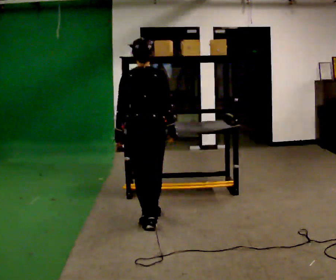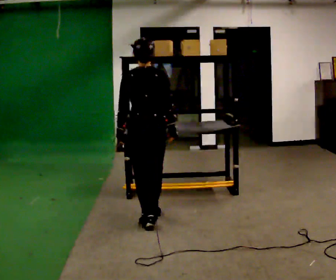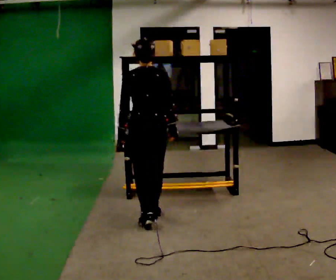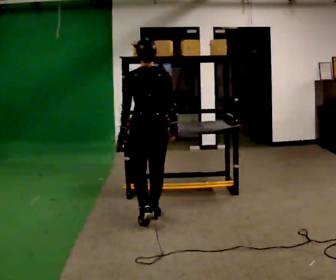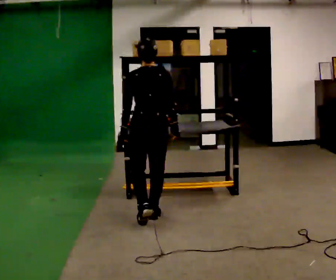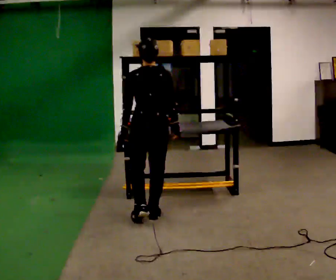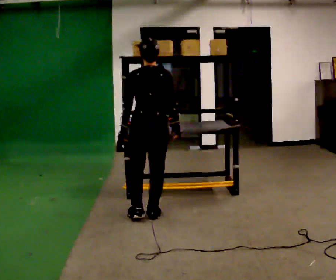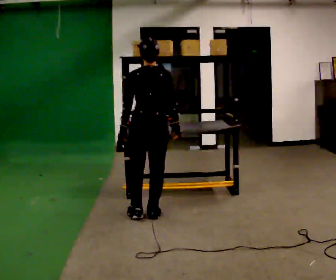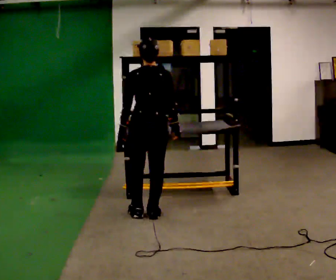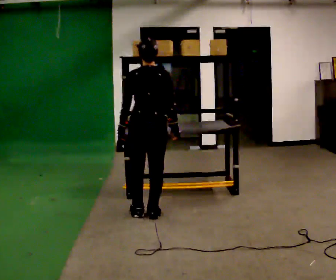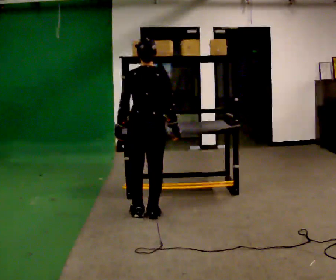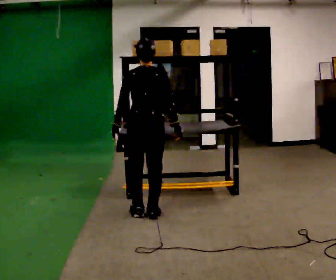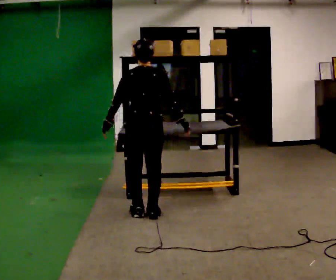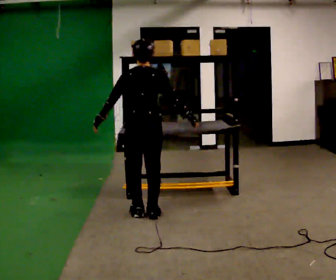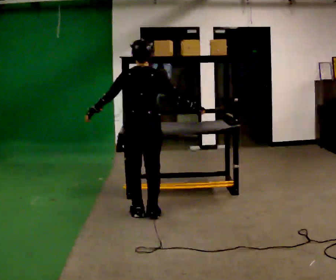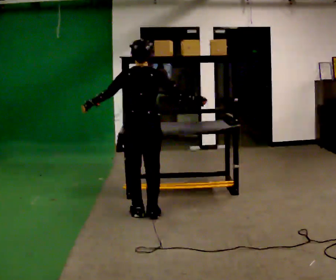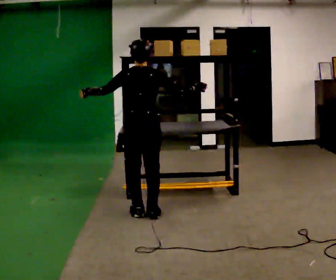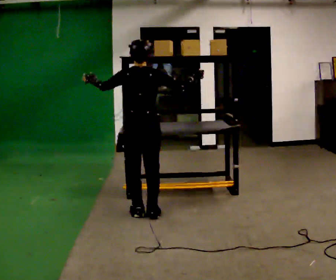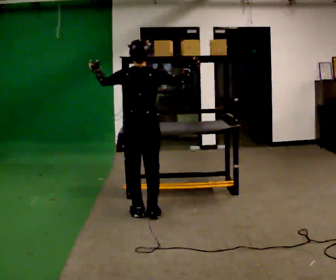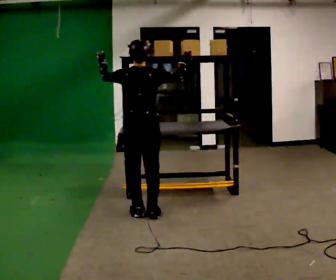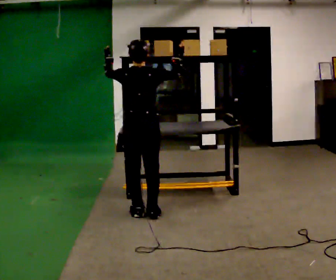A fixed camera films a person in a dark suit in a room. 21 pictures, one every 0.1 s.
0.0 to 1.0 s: In the picture they go away from the camera, about 0.25 m in 1 step, which for them is forward.
1.0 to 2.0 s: In the picture their left hand goes upward, the arm swinging clockwise.
The film runs forward here.
